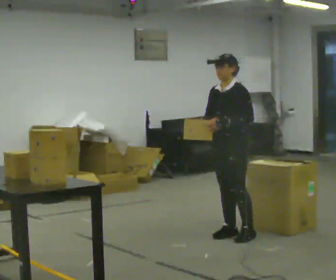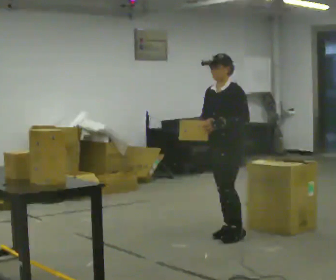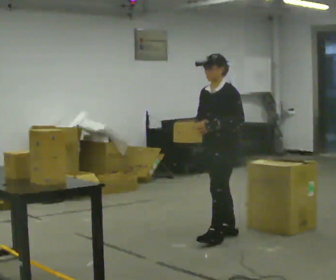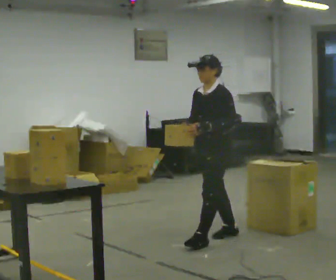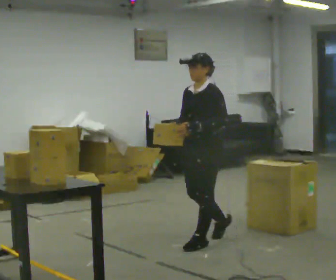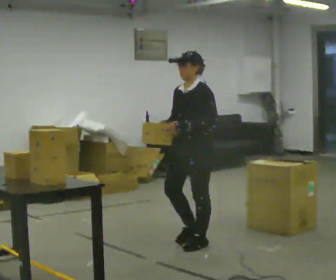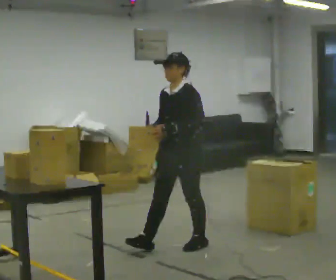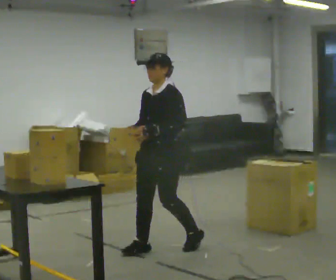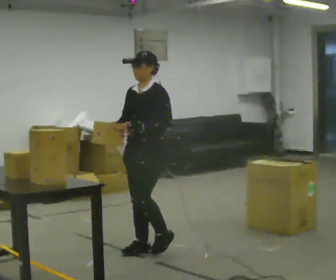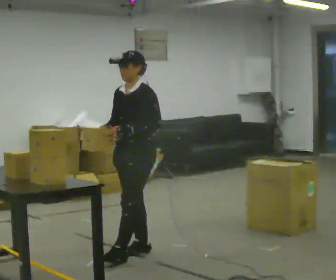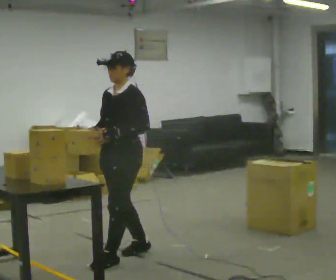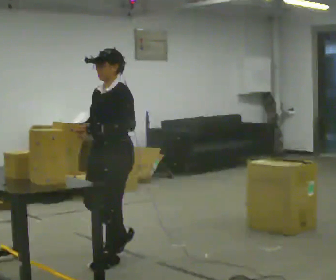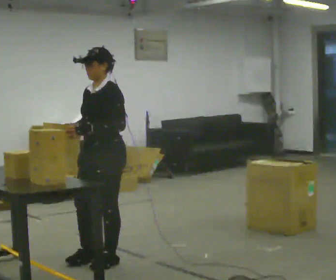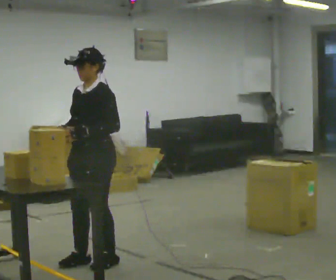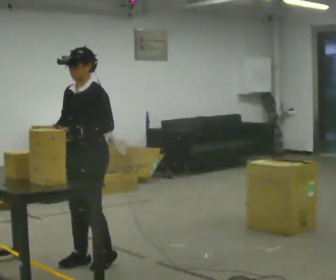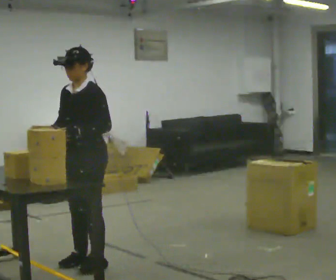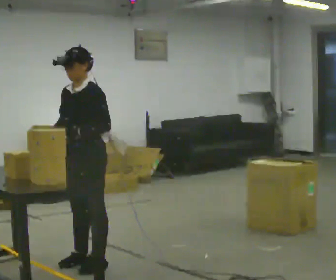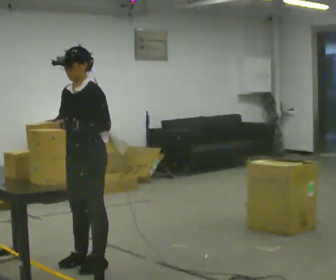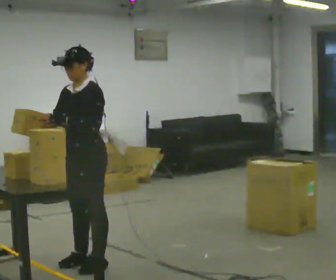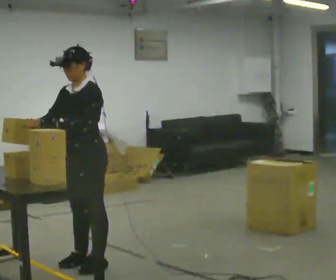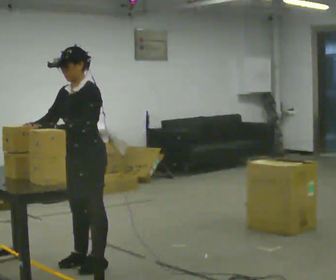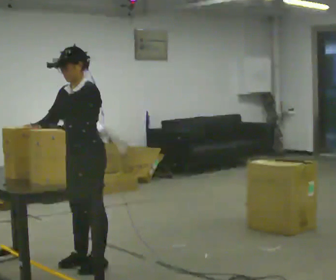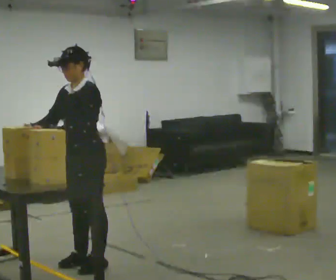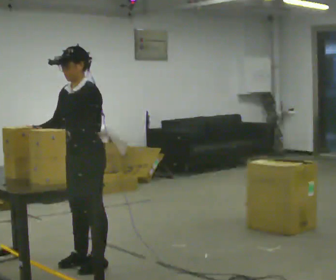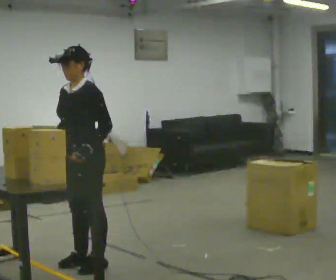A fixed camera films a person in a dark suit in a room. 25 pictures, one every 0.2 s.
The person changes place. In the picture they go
to the left.
0.0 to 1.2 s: In the picture they go to the left and toward the camera, about 0.5 m in 1 step, which for them is forward.
1.2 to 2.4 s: In the picture they go to the left and toward the camera, about 0.75 m in 2 steps, which for them is forward.
2.4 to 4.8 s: The person moves a little, or ends about where they began.
The film runs forward here.
